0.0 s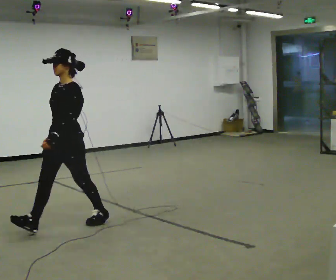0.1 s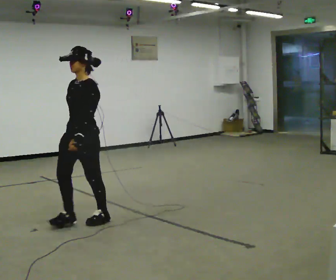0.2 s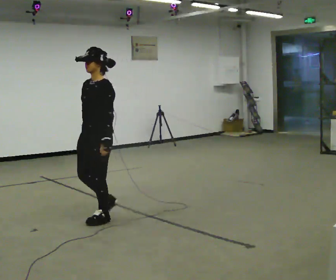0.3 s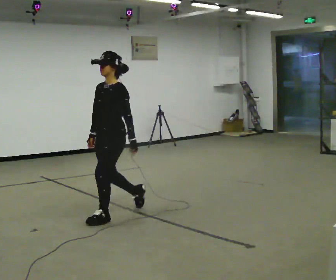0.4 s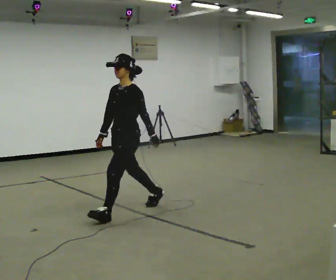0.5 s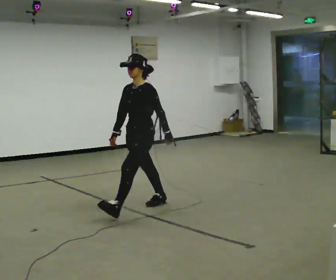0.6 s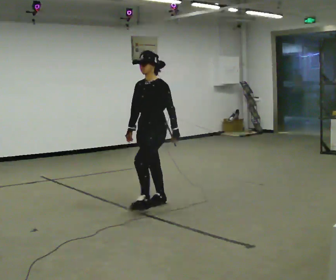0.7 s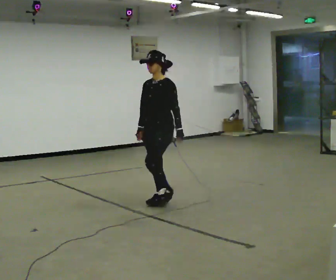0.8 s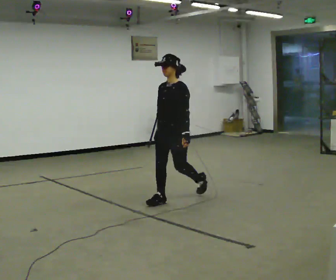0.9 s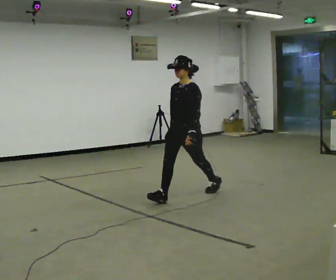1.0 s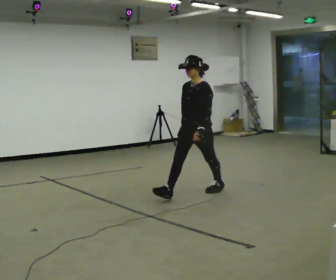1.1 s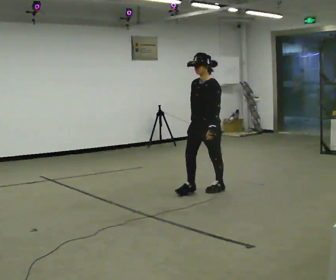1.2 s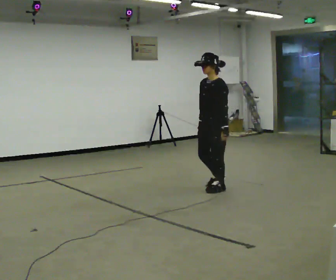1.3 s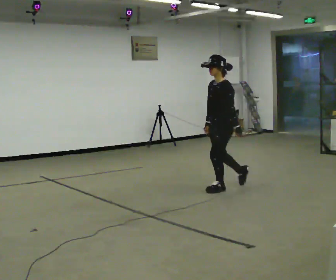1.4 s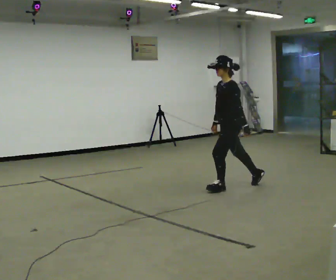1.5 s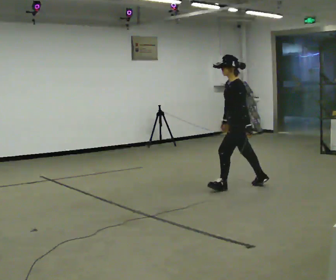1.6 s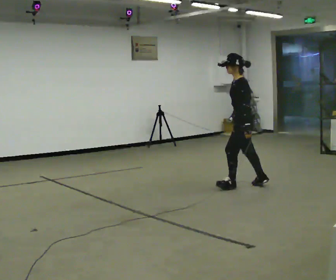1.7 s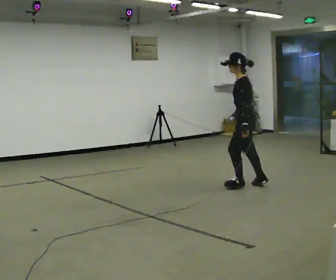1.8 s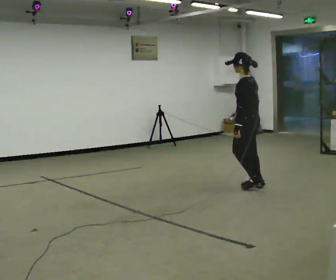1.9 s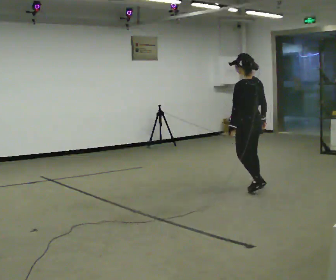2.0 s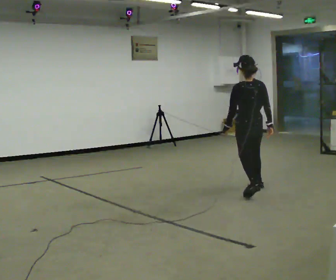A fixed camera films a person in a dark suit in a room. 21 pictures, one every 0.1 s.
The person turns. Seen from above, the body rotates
clockwise.
The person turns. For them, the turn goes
to their right.
0.0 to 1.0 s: In the picture they go to the right and away from the camera, about 1.5 m in 2 steps, which for them is backward.
1.0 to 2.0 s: Seen from above the body turns clockwise, about 105 degrees: to their right, with its near side sliding to the left. In the picture they go to the right, about 0.75 m in 1 step.
The film runs backward here.
